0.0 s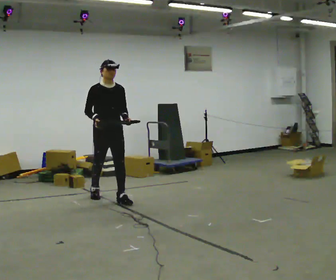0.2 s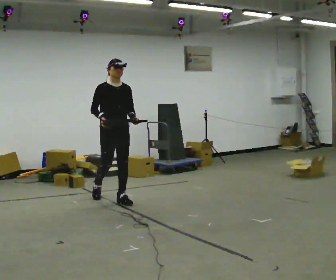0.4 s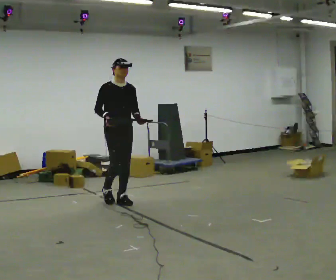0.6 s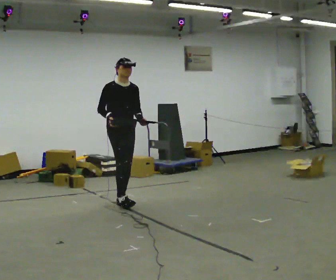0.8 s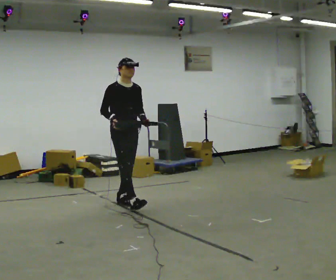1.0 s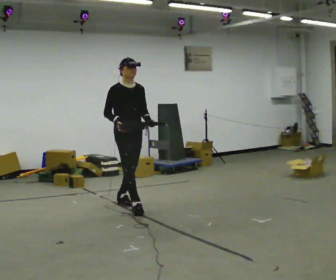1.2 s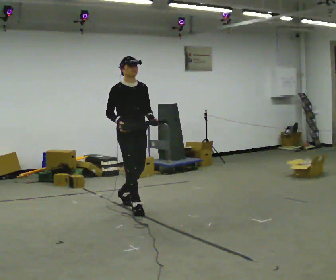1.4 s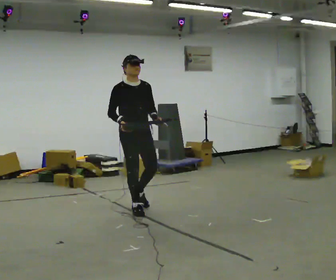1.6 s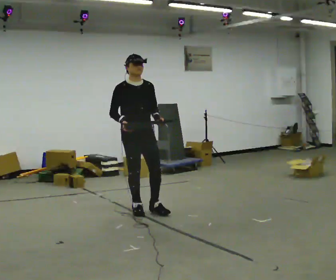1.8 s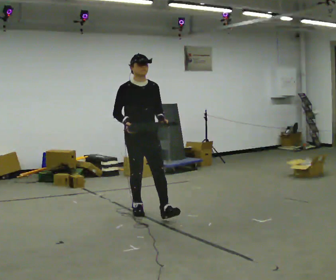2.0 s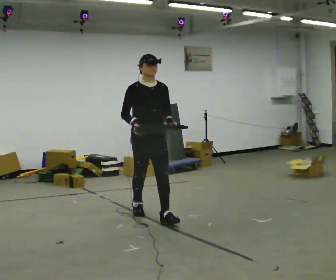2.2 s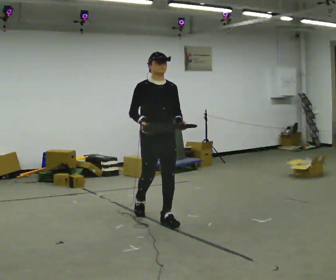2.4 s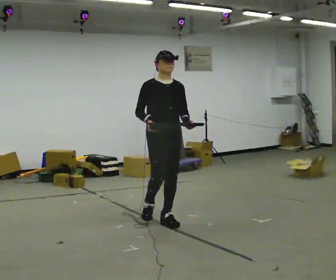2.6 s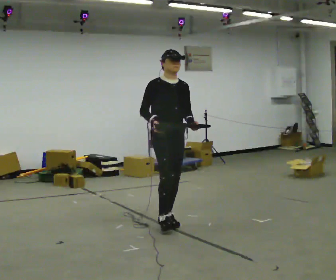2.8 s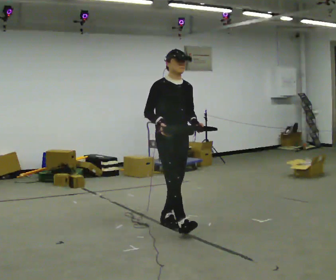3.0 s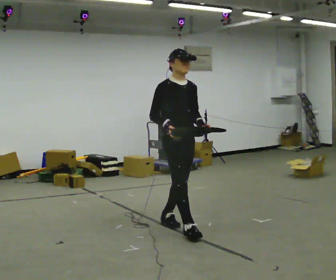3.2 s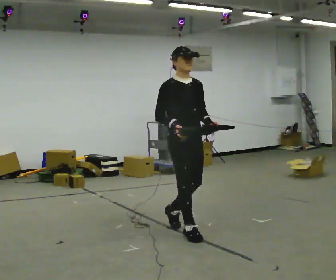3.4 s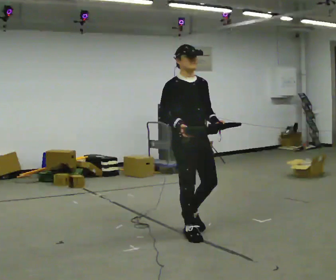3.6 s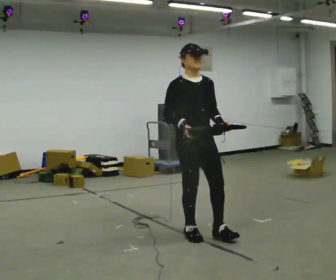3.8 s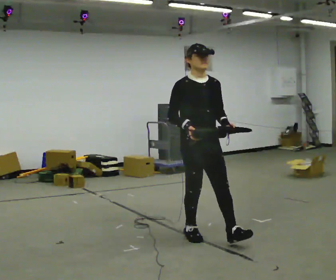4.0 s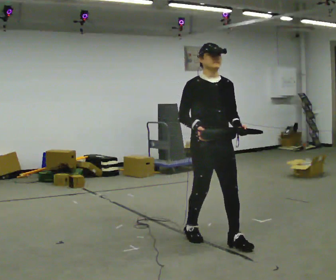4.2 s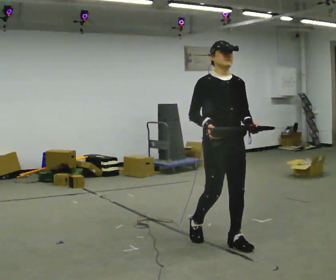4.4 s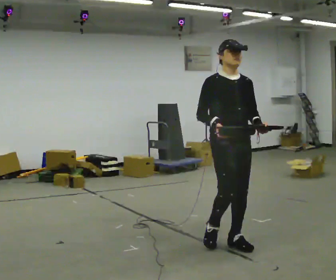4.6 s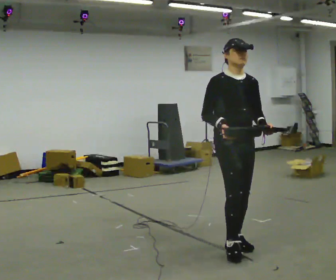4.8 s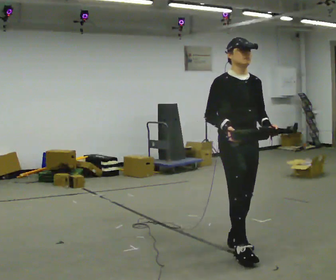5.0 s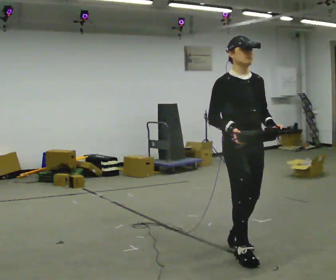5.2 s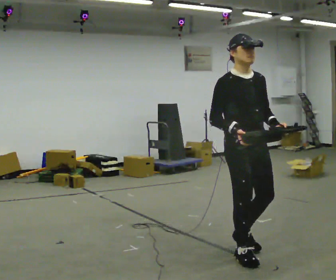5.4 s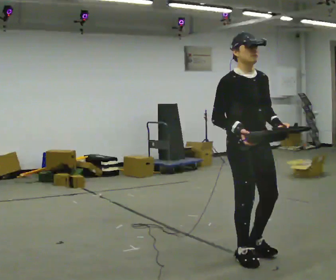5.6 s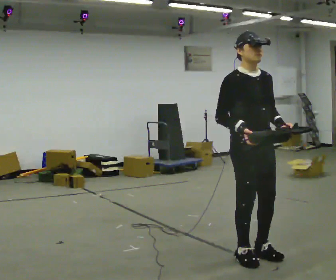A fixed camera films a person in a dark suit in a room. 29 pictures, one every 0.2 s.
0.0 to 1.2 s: In the picture they go toward the camera and to the right, about 0.5 m in 1 step, which for them is forward.
1.2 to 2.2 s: In the picture they go toward the camera and to the right, about 0.5 m in 1 step, which for them is forward.
2.2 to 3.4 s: In the picture they go toward the camera and to the right, about 0.5 m in 1 step, which for them is forward.
3.4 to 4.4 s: In the picture they go to the right and toward the camera, about 0.5 m in 1 step, which for them is forward and to their left.
4.4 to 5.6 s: In the picture they go toward the camera, about 0.25 m in 2 steps, which for them is forward.
The film runs forward here.
